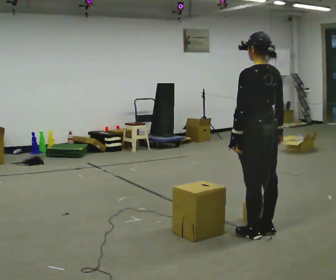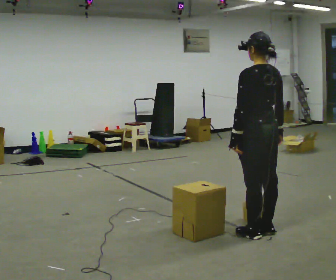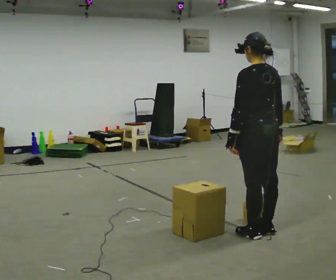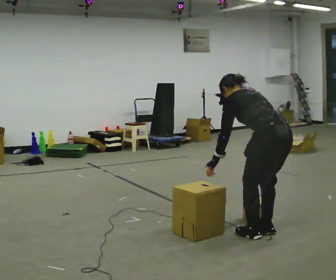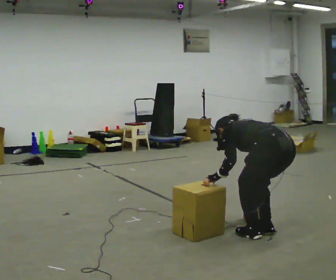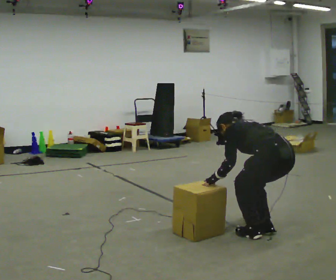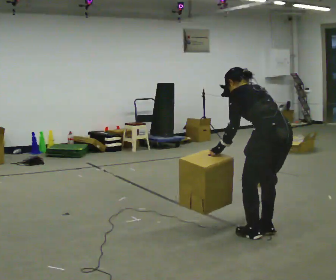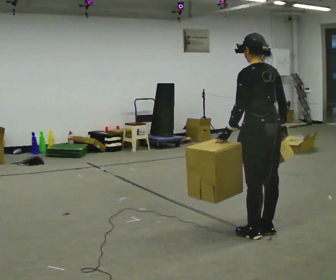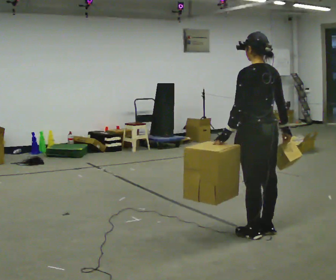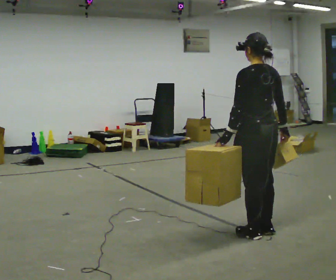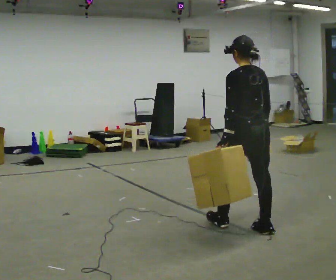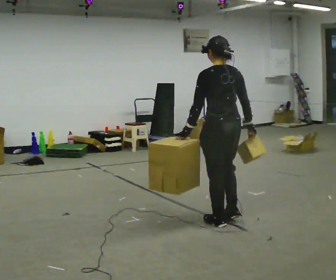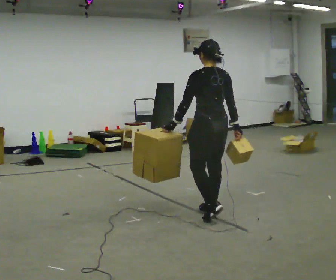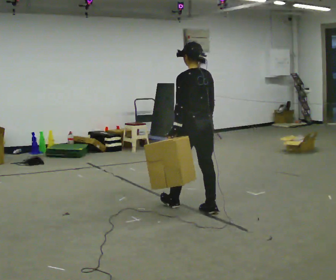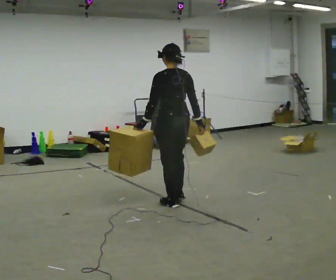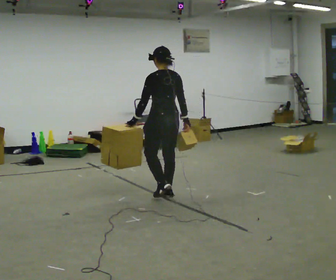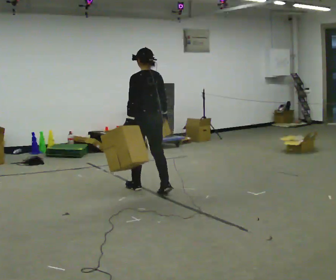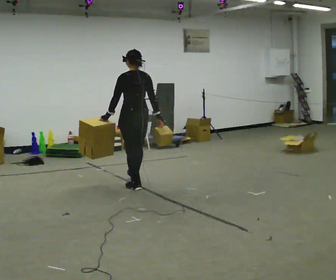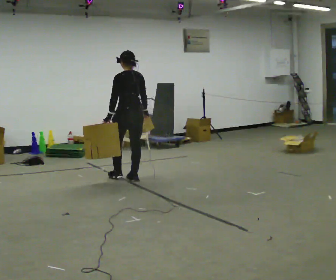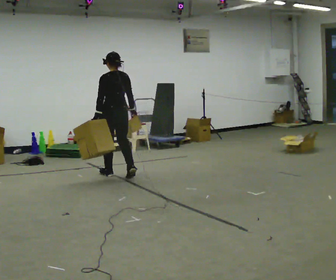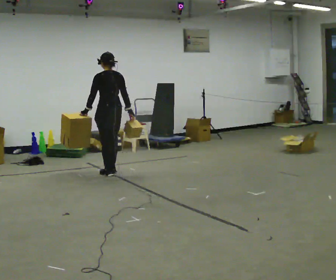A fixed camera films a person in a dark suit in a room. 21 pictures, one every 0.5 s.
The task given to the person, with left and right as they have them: Carry one object in each hand, the heavy one in the hand the operator calls, walking back and forth across the room.
0.0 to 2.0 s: The shoulders move downward. The upper body tips away from the camera, its near side rolling upward, as they bend forward. In the picture their left hand goes downward.
2.0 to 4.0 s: The shoulders move upward. The upper body tips toward the camera, its near side rolling downward, as they lean back or straighten. In the picture their right hand goes upward.
4.0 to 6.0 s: In the picture they go away from the camera and to the left, about 0.75 m in 2 steps, which for them is forward.
6.0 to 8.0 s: In the picture they go away from the camera and to the left, about 1 m in 3 steps, which for them is forward.
8.0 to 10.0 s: In the picture they go away from the camera and to the left, about 1 m in 3 steps, which for them is forward.
The film runs forward here.
